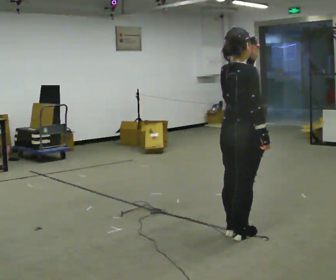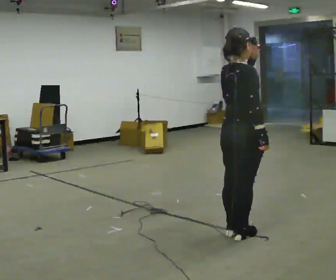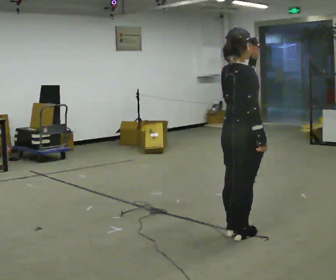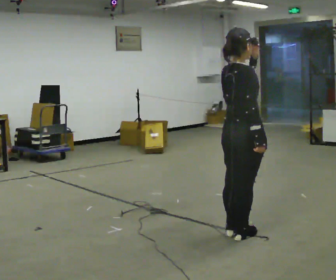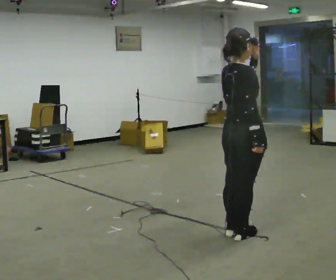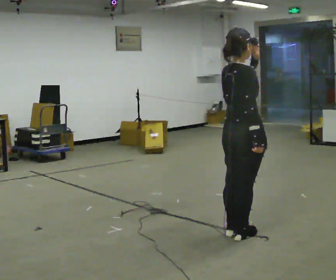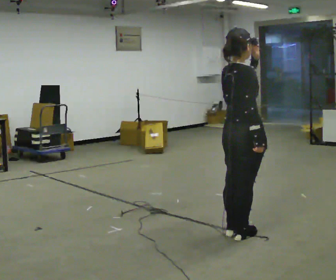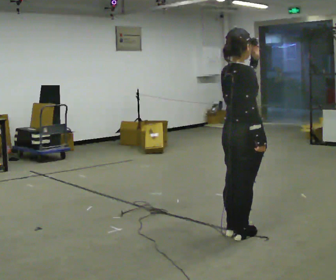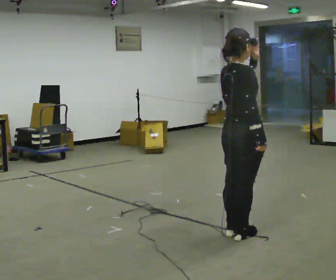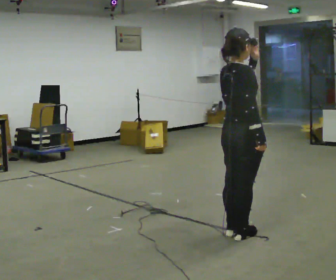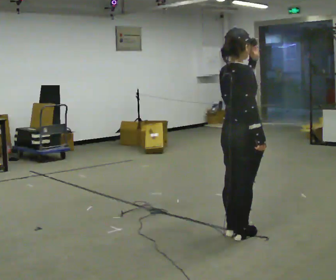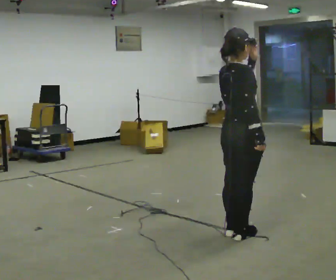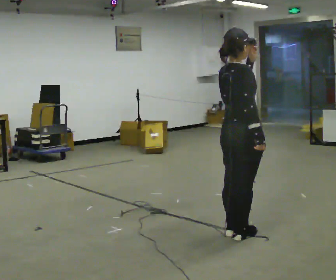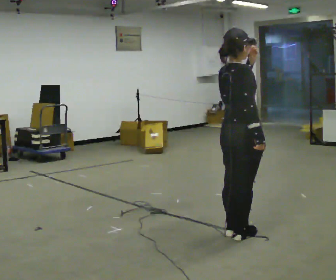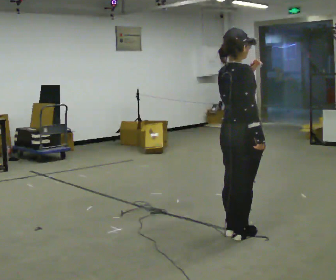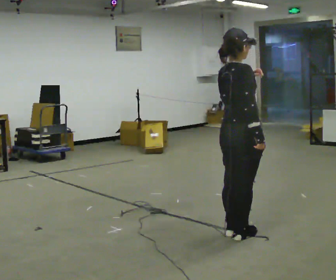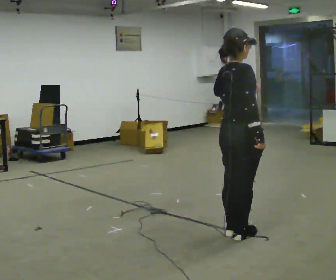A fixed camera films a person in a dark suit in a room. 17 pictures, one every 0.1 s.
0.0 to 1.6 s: The person moves a little, or ends about where they began.
The film runs forward here.
